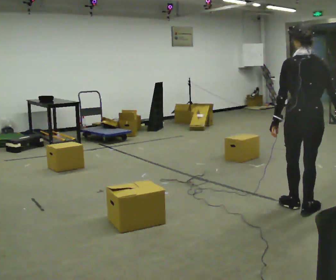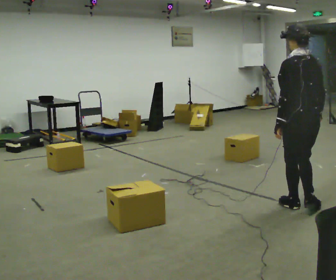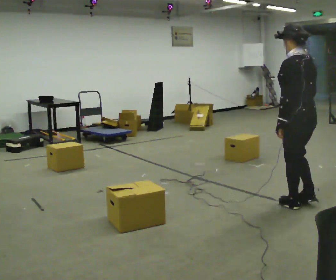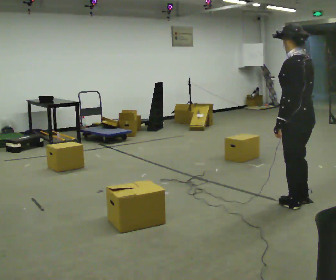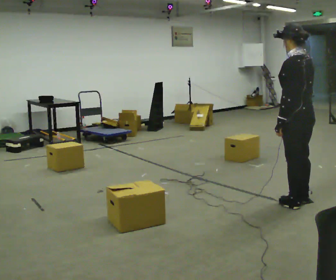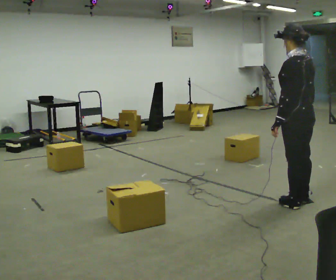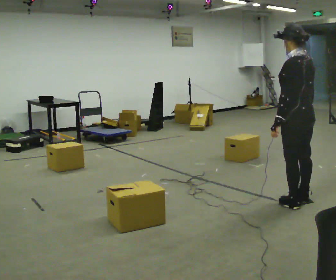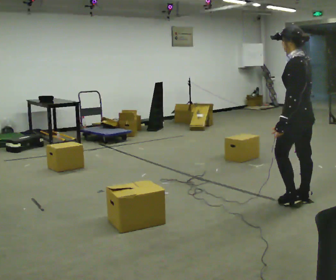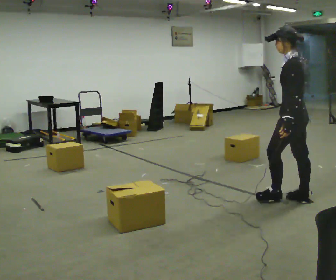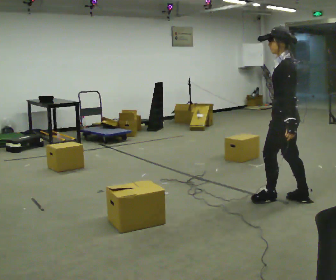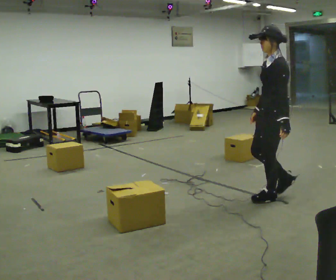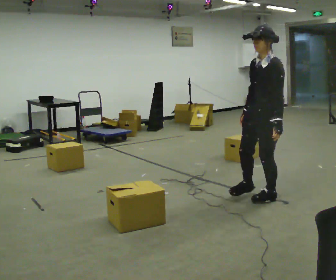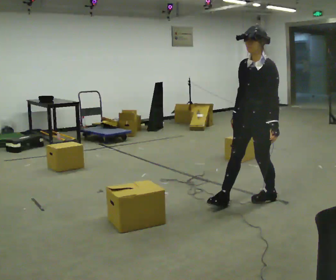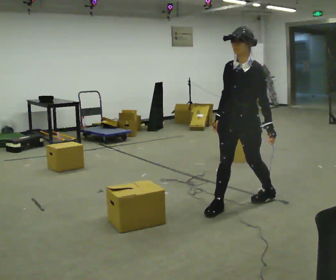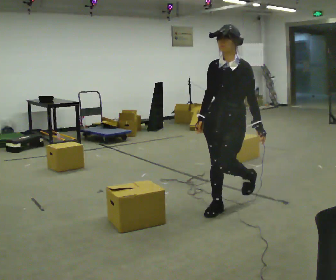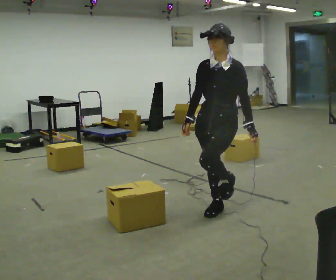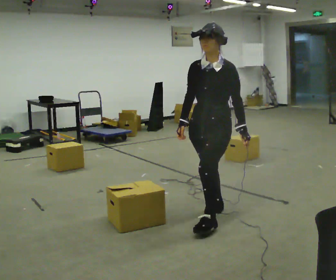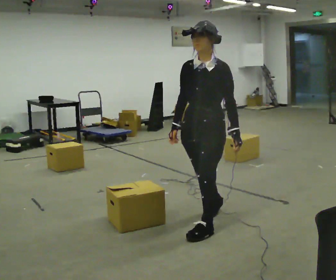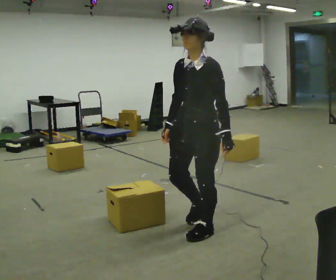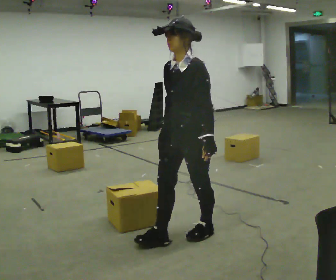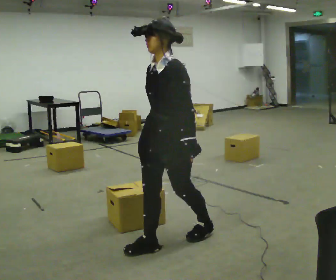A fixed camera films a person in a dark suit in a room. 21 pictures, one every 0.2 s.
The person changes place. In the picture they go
to the left.
The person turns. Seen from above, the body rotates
counterclockwise.
0.0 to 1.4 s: The part of the body nearest the lens slides to the right as the person turns to their left by about 45 degrees. In the picture they go away from the camera, about 0.25 m in 1 step, which for them is forward and to their right.
1.4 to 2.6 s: The person turns about 90 degrees to their left, counterclockwise seen from above, so the part of the body nearest the lens slides to the right. In the picture they go to the left, about 0.5 m in 2 steps.
2.6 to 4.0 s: In the picture they go toward the camera and to the left, about 1 m in 2 steps, which for them is forward.
The film runs forward here.
